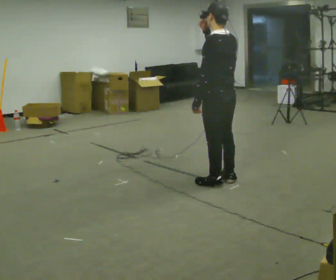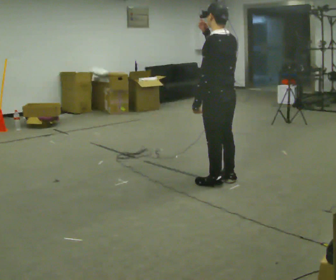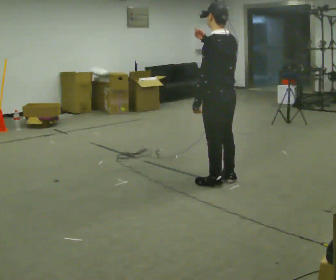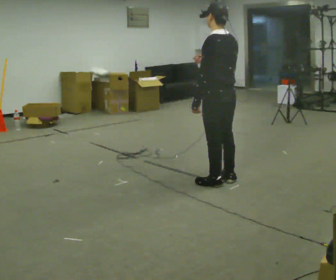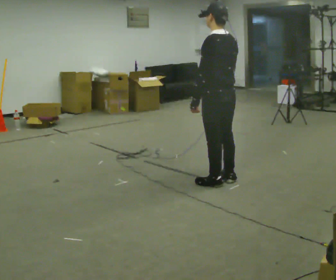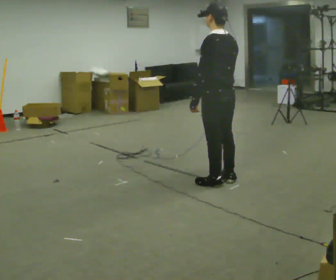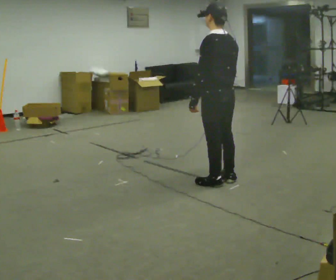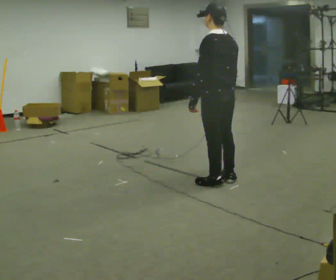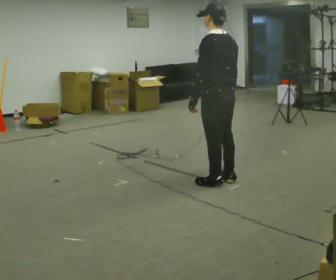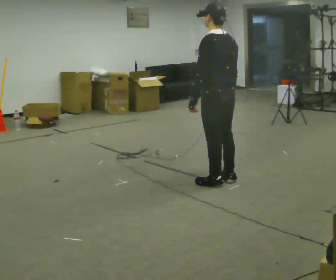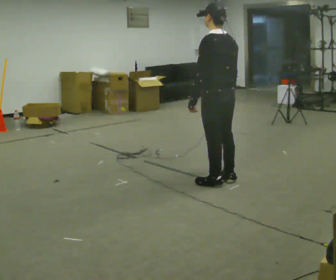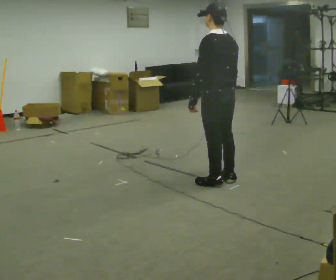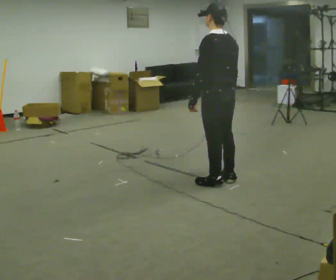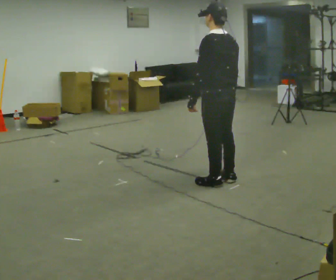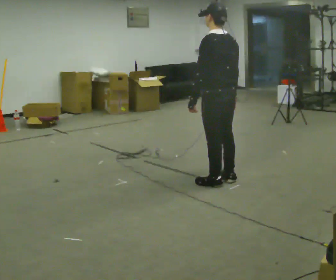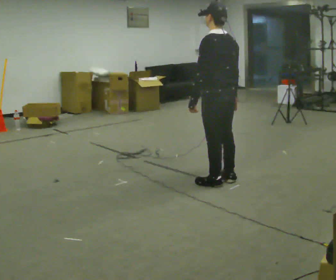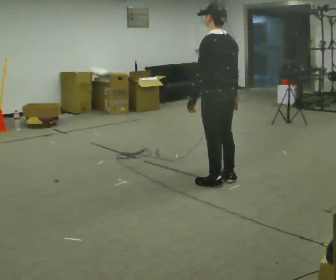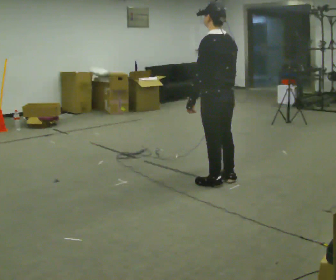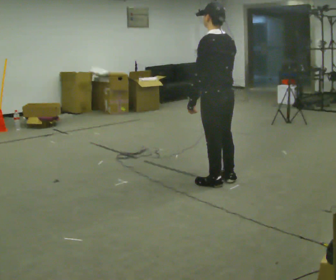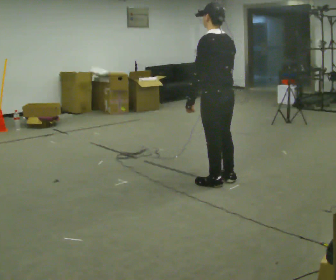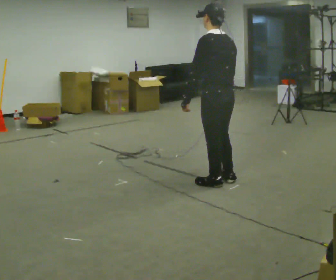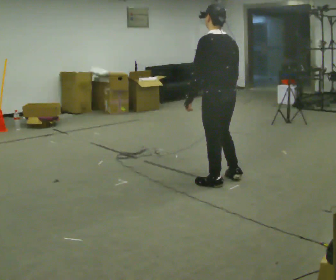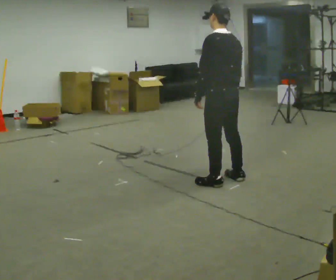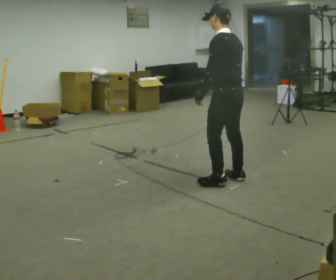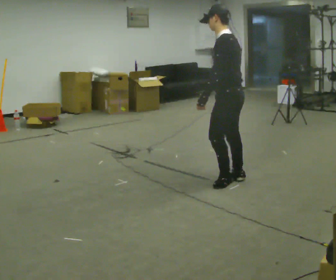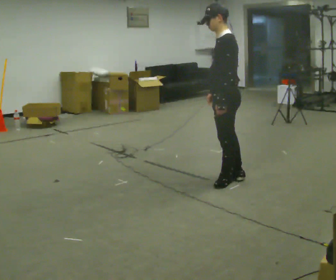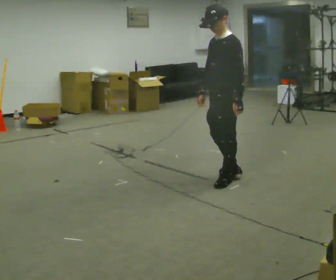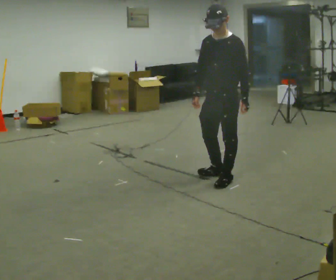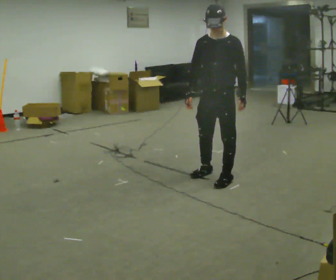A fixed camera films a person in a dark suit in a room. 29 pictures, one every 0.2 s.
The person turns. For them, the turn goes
to their left.
The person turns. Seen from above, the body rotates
counterclockwise.
0.0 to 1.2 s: In the picture their right hand goes downward.
1.2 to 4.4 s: The person moves a little, or ends about where they began.
4.4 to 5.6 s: The part of the body nearest the lens slides to the right as the person turns to their left by about 105 degrees. In the picture their left hand goes to the right, the arm swinging counterclockwise.
The film runs backward here.
